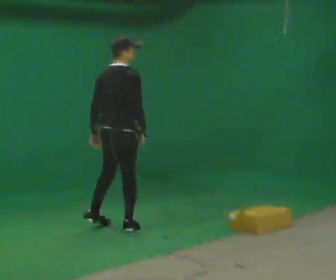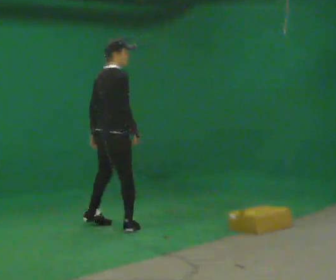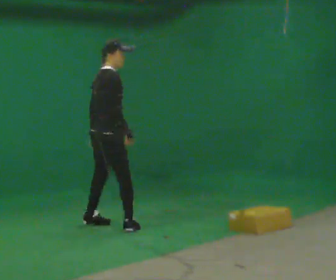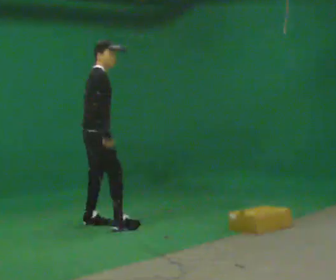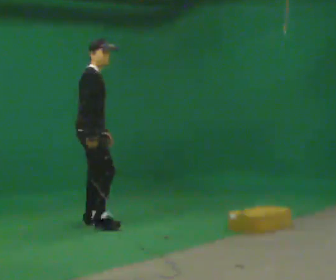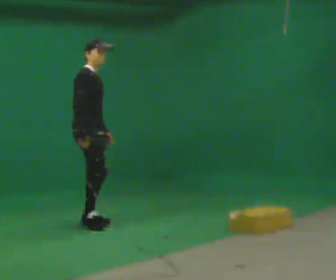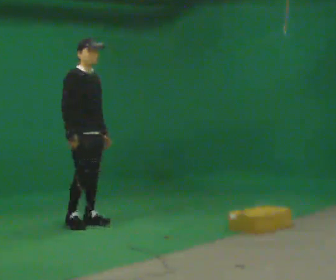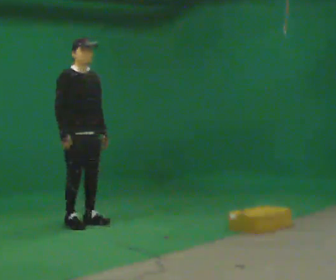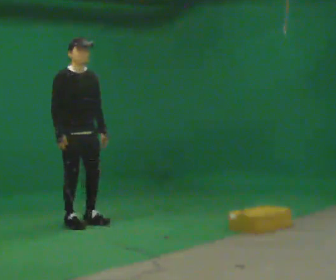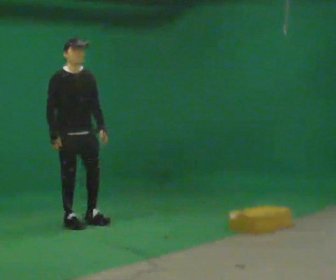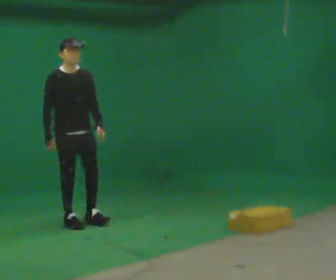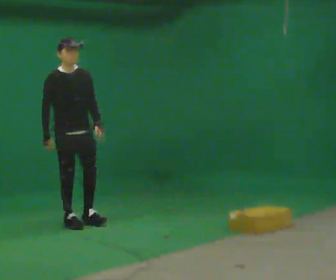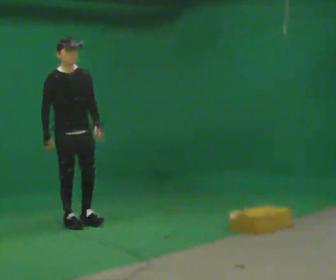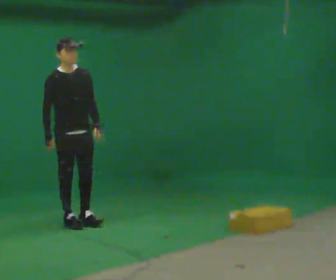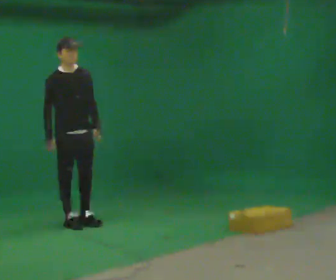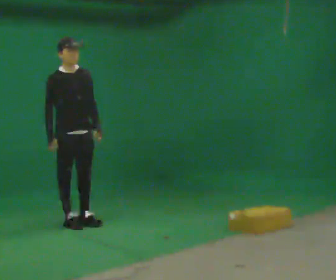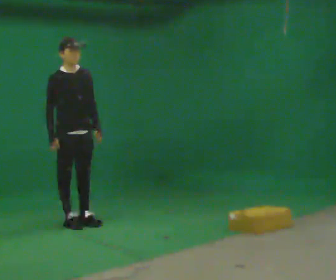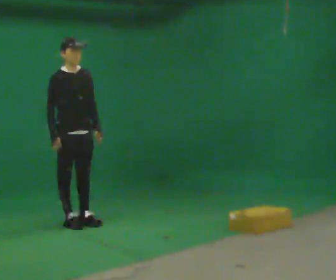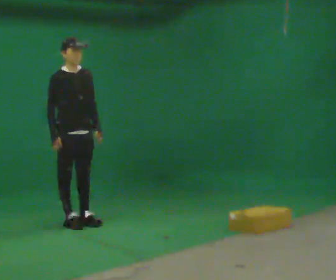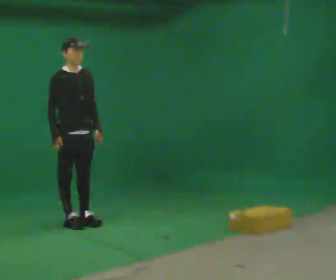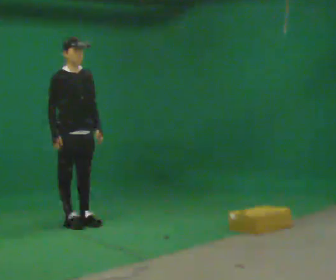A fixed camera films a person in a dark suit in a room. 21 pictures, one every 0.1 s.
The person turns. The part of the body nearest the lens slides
to the left.
The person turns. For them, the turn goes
to their right.
0.0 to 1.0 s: The person turns about 105 degrees to their right, clockwise seen from above, so the part of the body nearest the lens slides to the left. In the picture they go to the left and away from the camera, about 0.5 m in 2 steps.
1.0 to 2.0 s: The person moves a little, or ends about where they began.
The film runs forward here.
